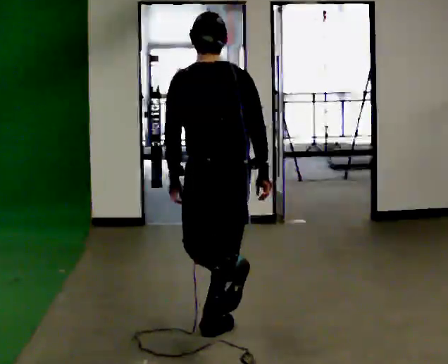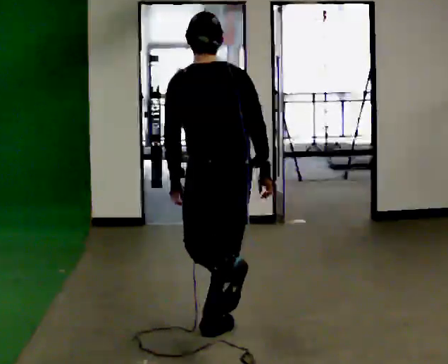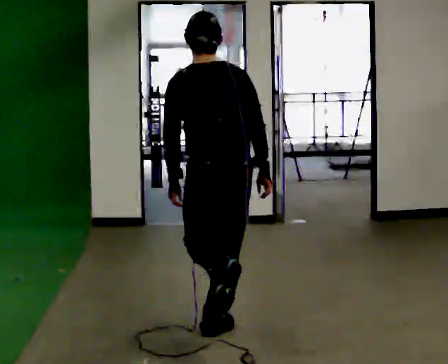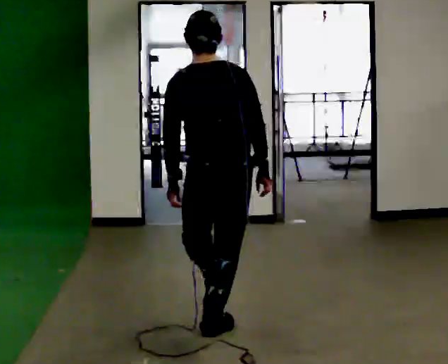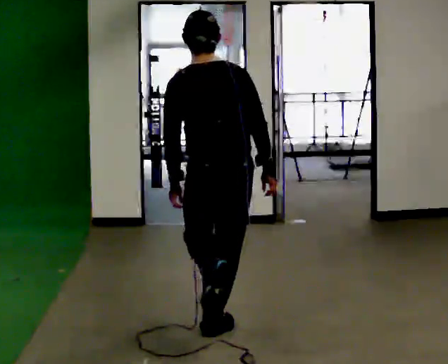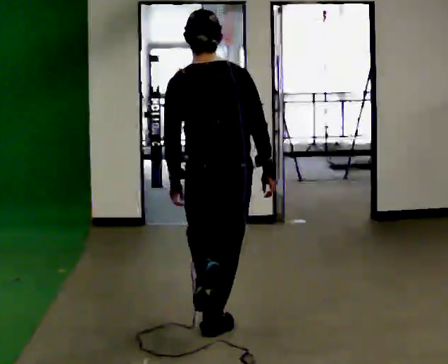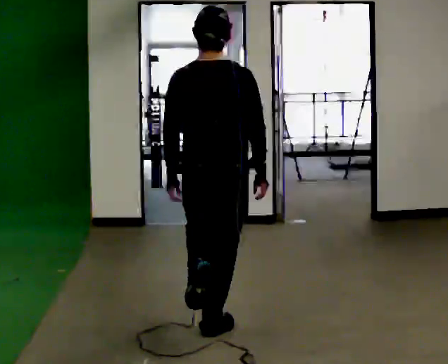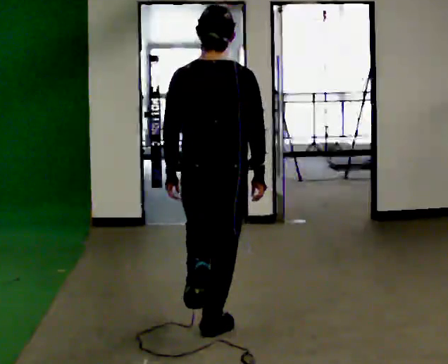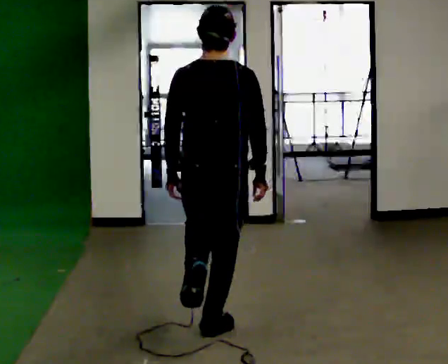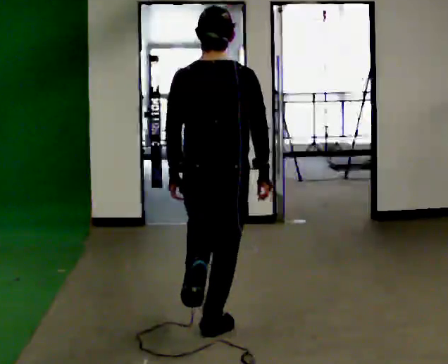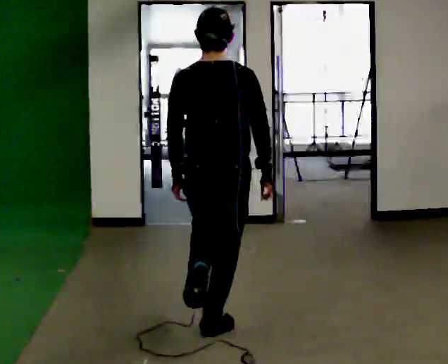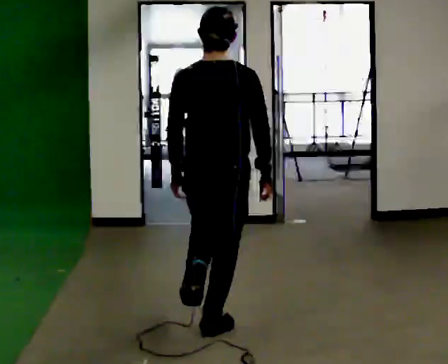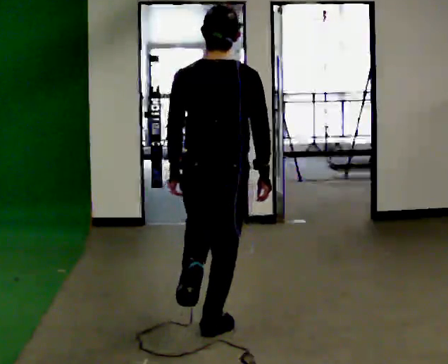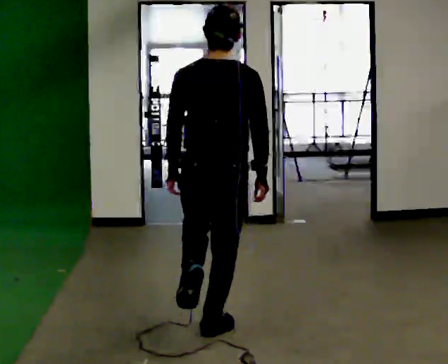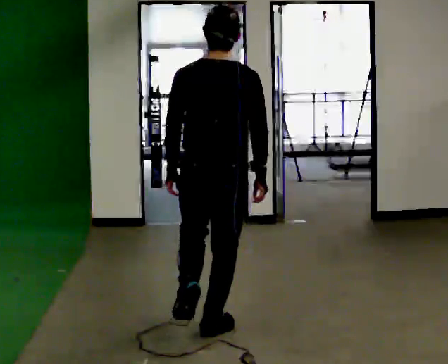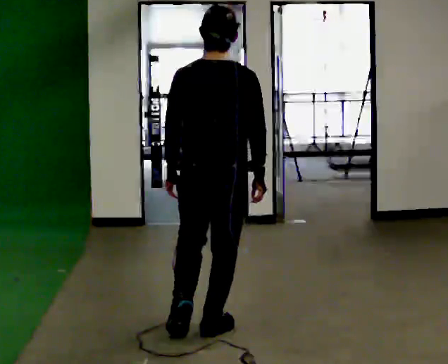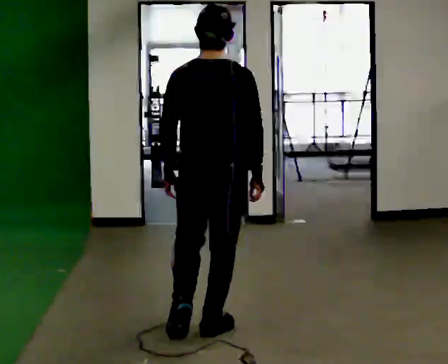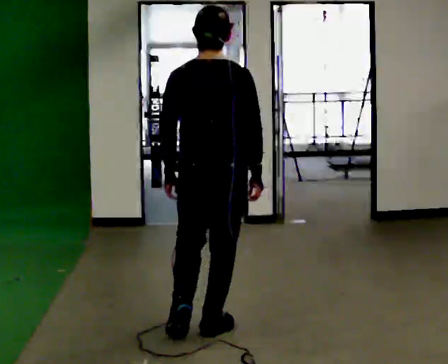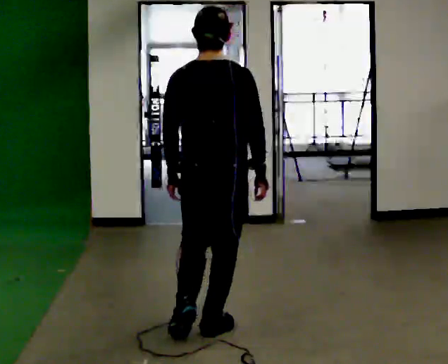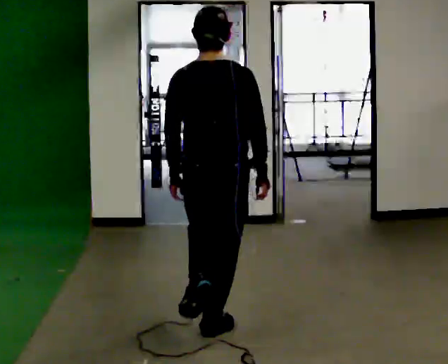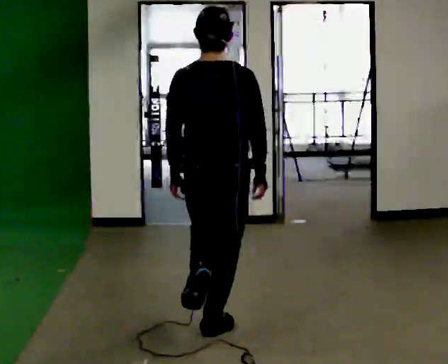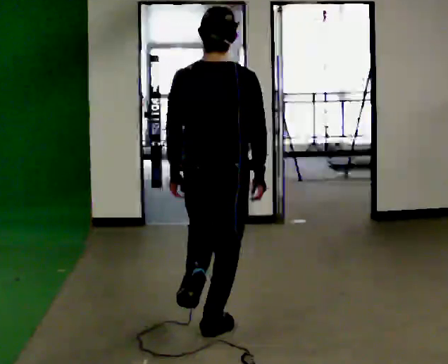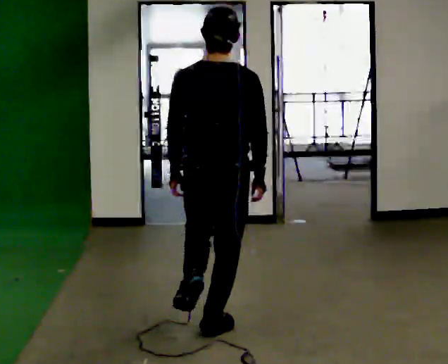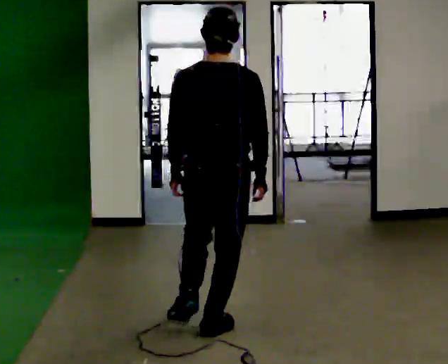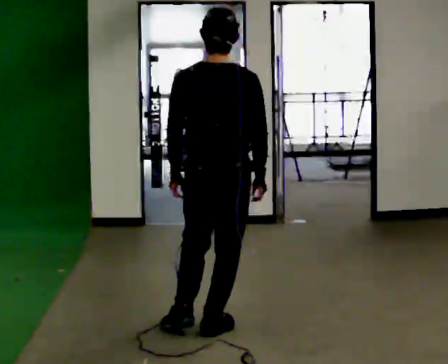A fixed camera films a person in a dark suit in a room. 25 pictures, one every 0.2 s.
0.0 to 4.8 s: The upper body tips toward the camera, its near side rolling downward, as they lean back or straighten.
The film runs backward here.
